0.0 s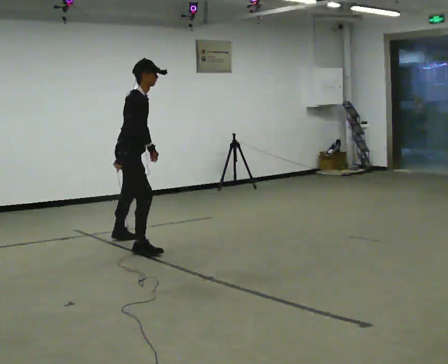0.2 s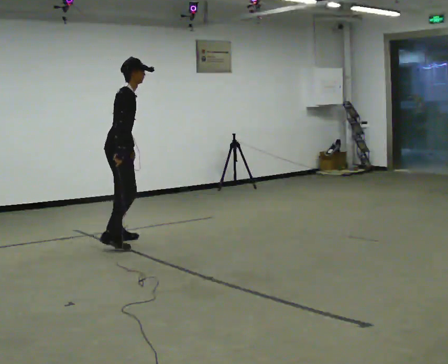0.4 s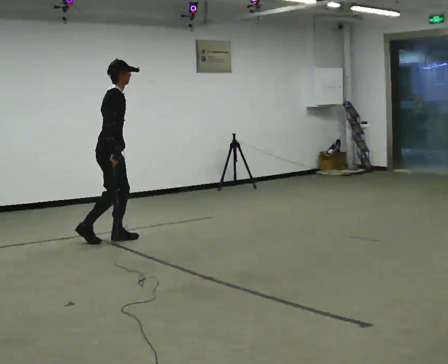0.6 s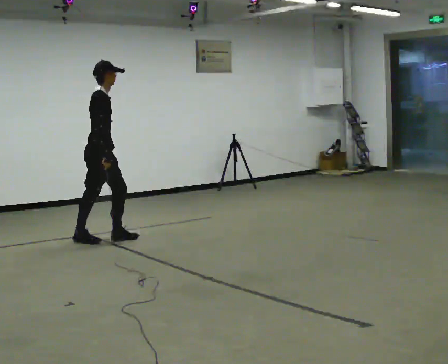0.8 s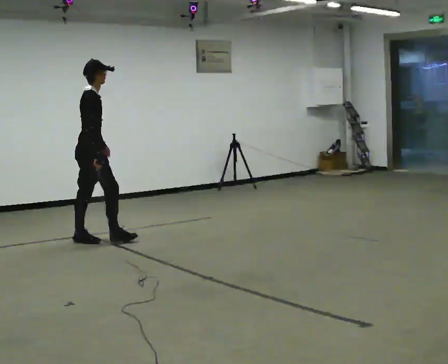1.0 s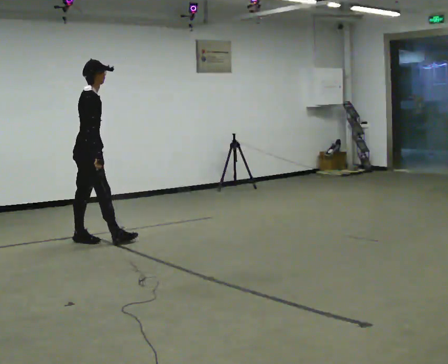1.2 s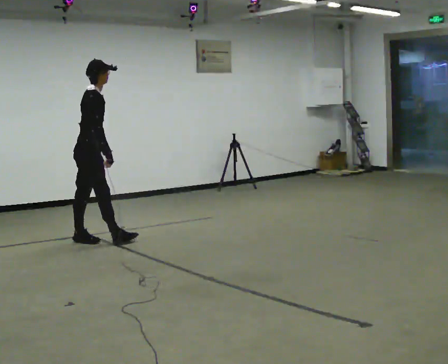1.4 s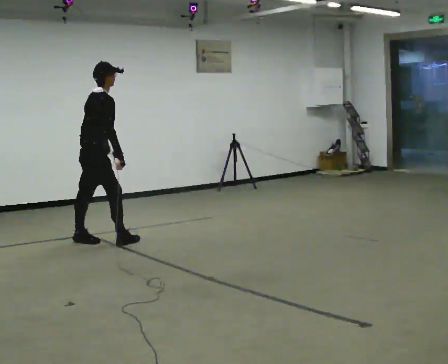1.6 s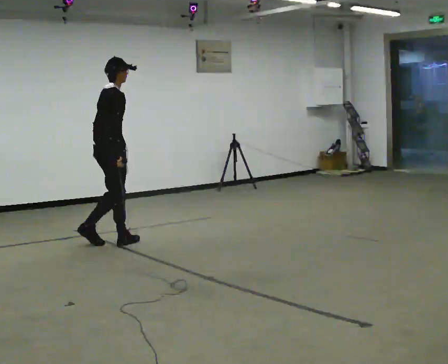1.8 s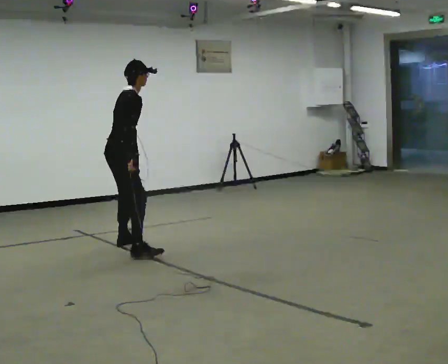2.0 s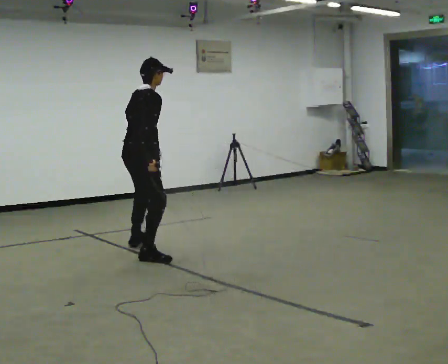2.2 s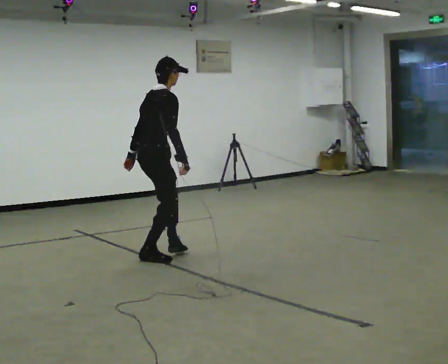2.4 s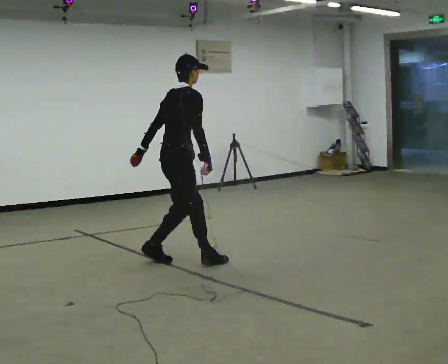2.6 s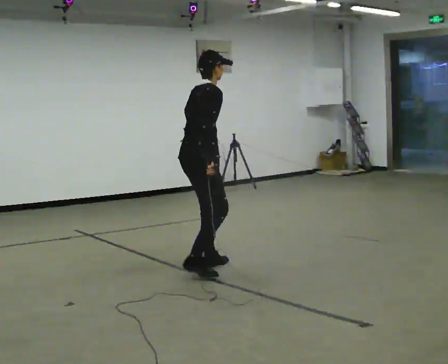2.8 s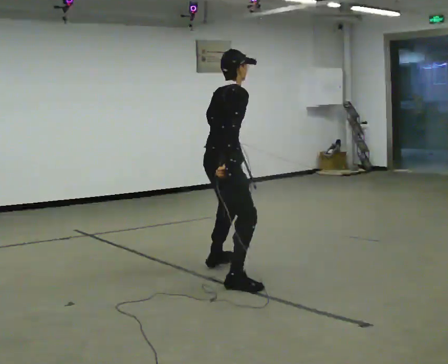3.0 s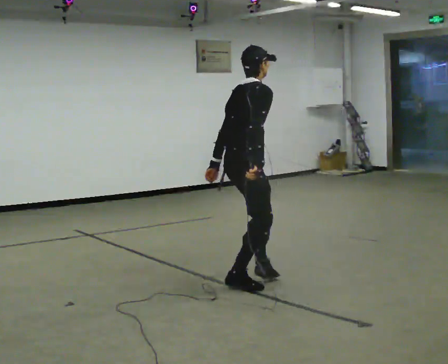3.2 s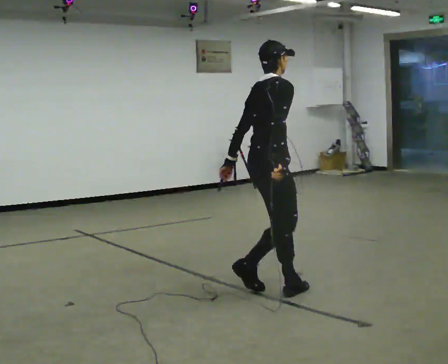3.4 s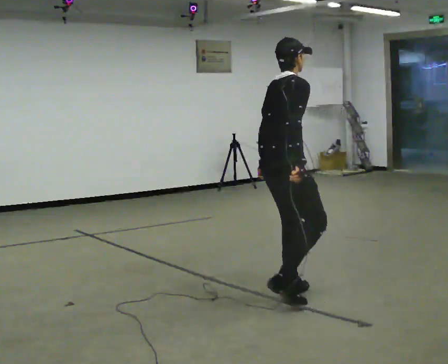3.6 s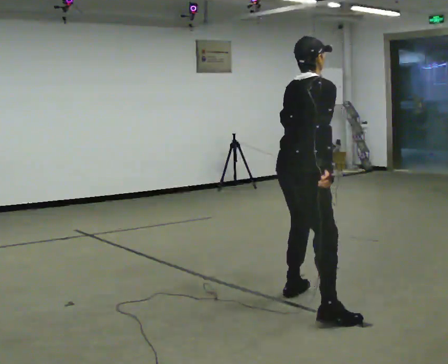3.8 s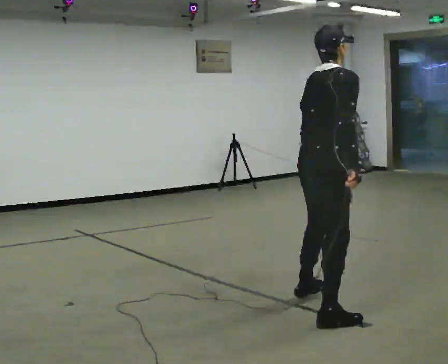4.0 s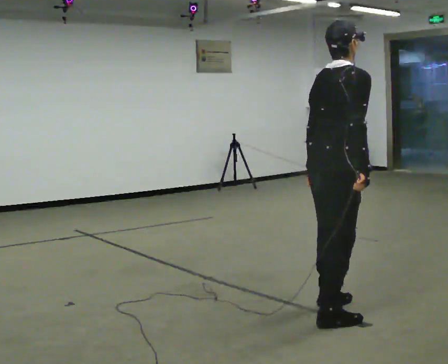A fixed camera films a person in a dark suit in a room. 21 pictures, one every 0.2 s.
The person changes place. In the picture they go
toward the camera.
0.0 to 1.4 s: In the picture they go to the left and away from the camera, about 0.25 m in 2 steps, which for them is backward.
1.4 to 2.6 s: In the picture they go toward the camera and to the right, about 1.5 m in 3 steps, which for them is to their right.
2.6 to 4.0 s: In the picture they go toward the camera and to the right, about 1.5 m in 3 steps, which for them is to their right.
The film runs backward here.
